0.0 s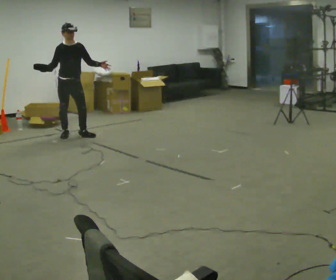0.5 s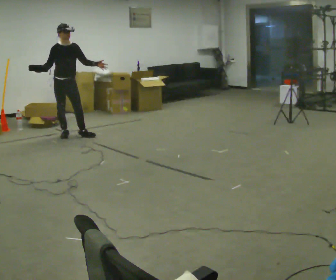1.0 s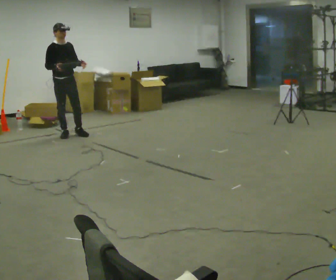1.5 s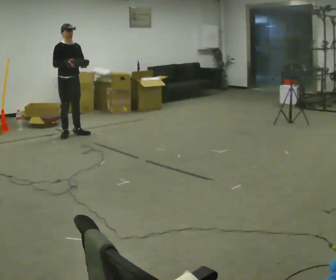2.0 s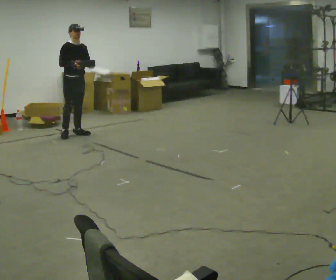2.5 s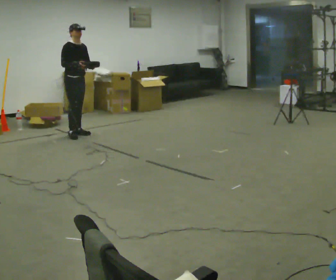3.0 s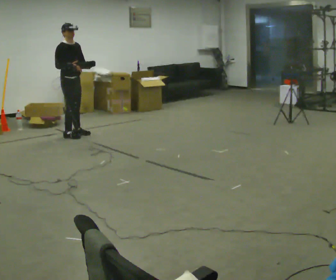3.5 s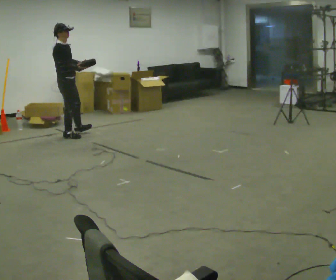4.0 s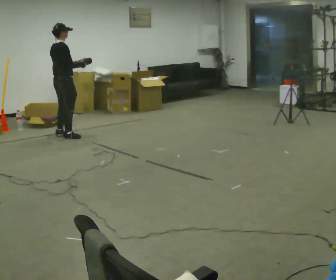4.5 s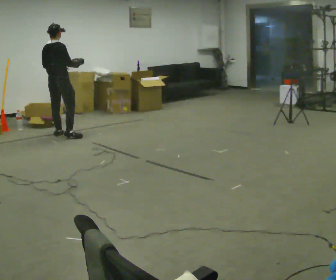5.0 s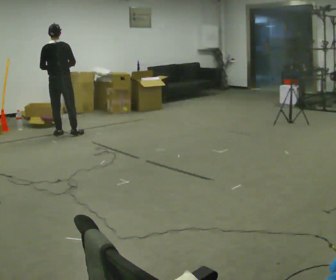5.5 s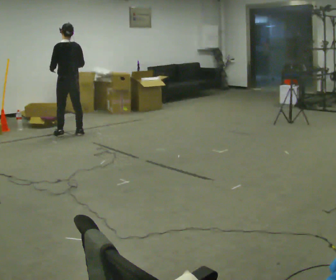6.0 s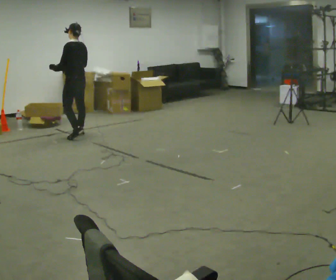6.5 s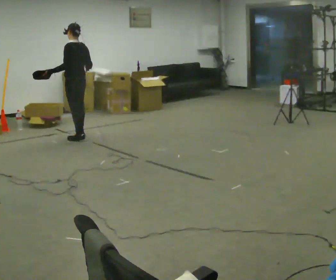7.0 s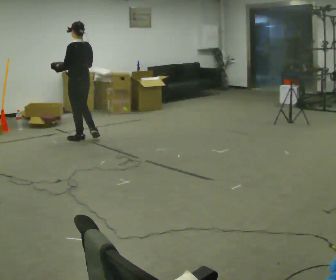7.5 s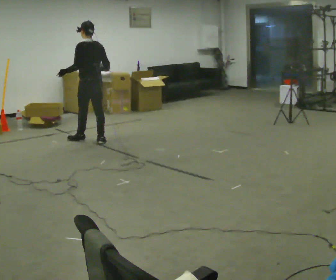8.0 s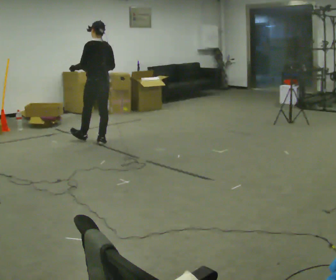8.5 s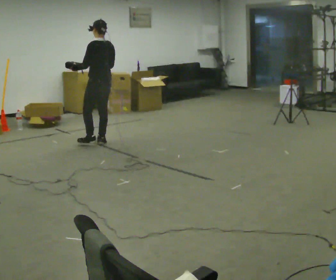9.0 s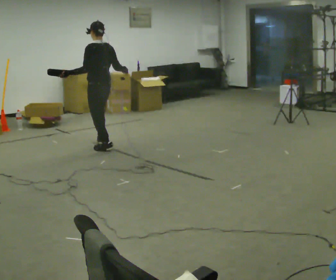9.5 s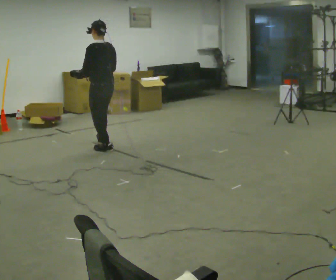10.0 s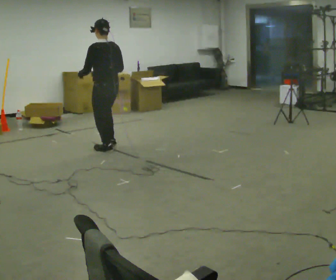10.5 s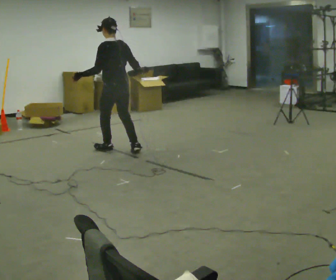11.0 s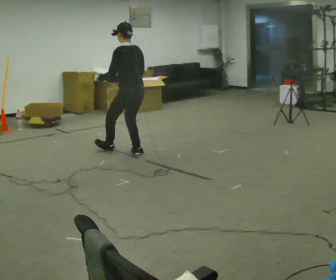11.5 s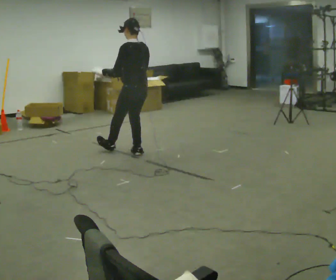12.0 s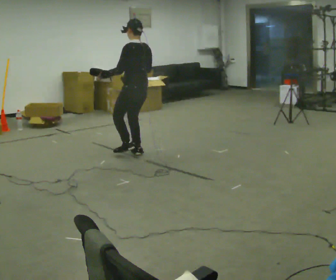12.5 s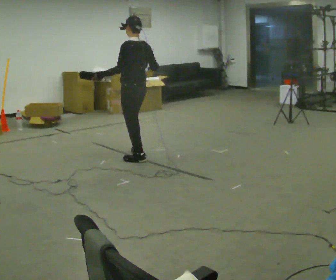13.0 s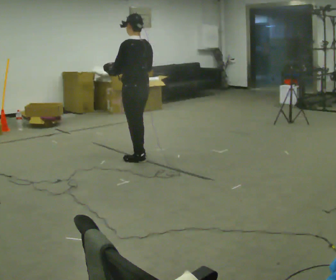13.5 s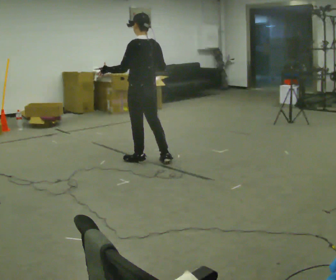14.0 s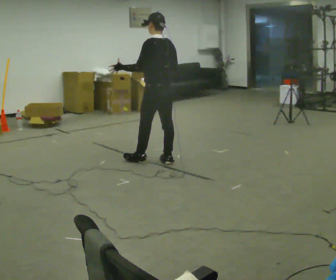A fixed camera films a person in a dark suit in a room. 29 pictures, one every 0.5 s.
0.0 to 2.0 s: In the picture their right hand goes to the right.
2.0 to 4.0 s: Seen from above the body turns counterclockwise, about 90 degrees: to their left, with its near side sliding to the right. In the picture they go to the left and toward the camera, about 0.25 m in 1 step.
4.0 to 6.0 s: The person turns about 105 degrees to their left, counterclockwise seen from above, so the part of the body nearest the lens slides to the right. In the picture they go to the right, about 0.25 m in 2 steps.
6.0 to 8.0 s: In the picture they go toward the camera and to the right, about 0.5 m in 1 step, which for them is backward.
8.0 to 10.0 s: In the picture they go toward the camera, about 0.5 m in 2 steps, which for them is backward and to their left.
10.0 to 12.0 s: In the picture they go to the right and toward the camera, about 0.5 m in 1 step, which for them is backward and to their right.
12.0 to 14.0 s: In the picture they go toward the camera, about 0.5 m in 1 step, which for them is backward.
The film runs backward here.
